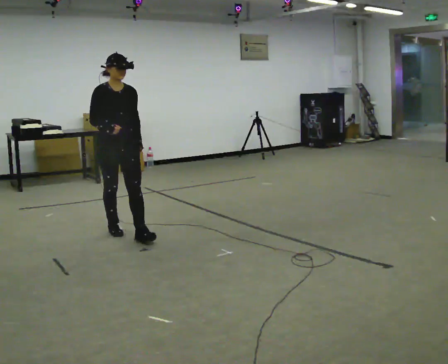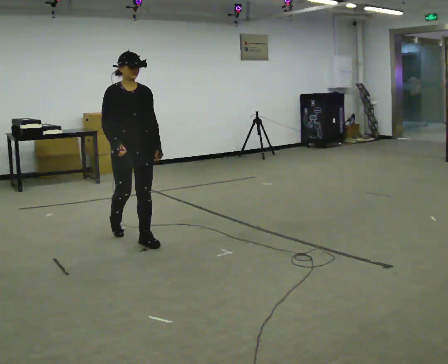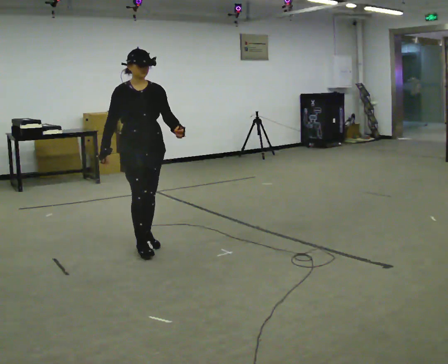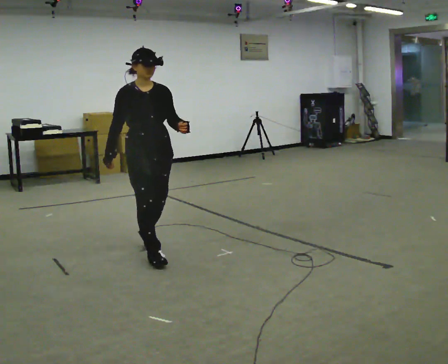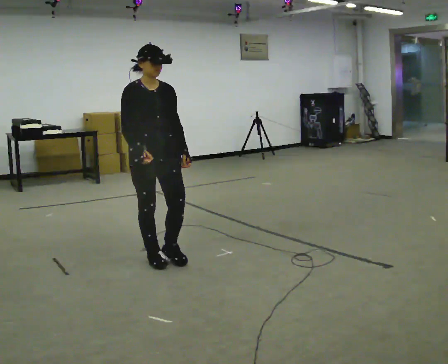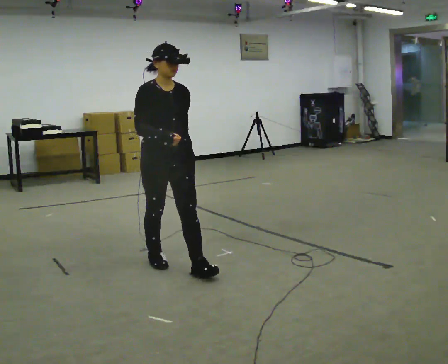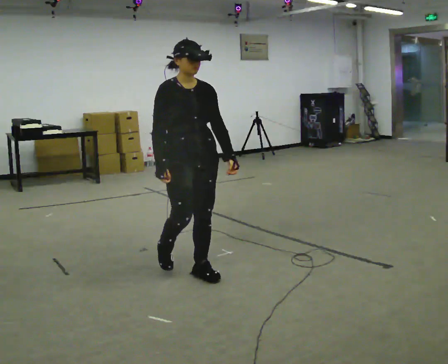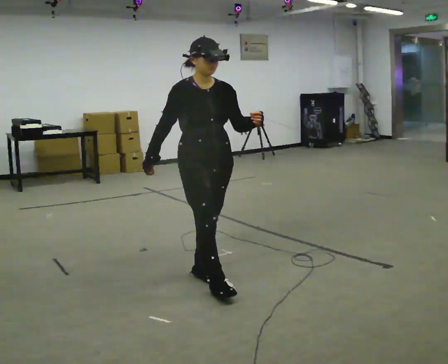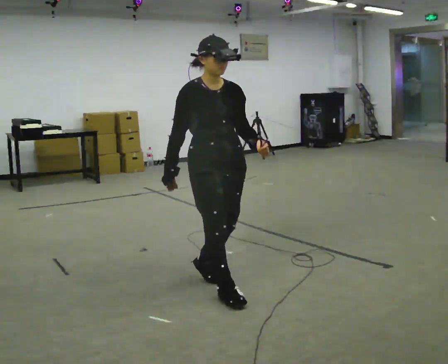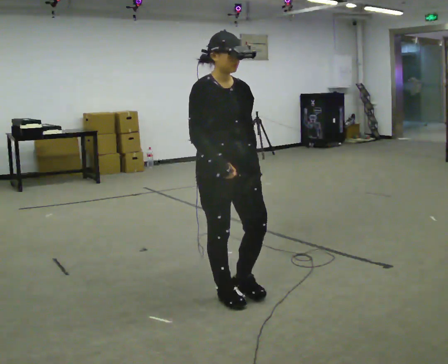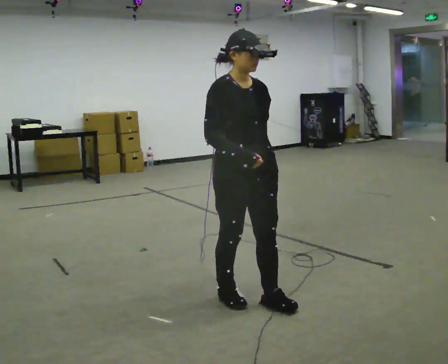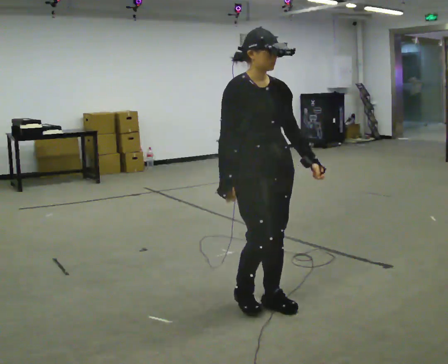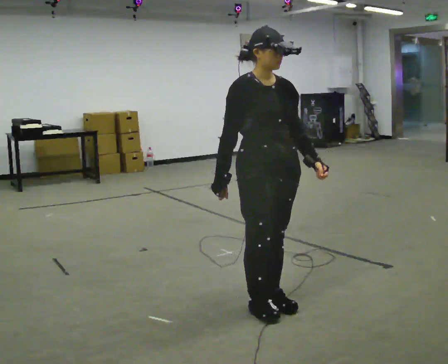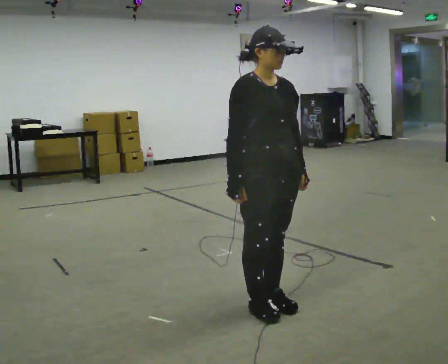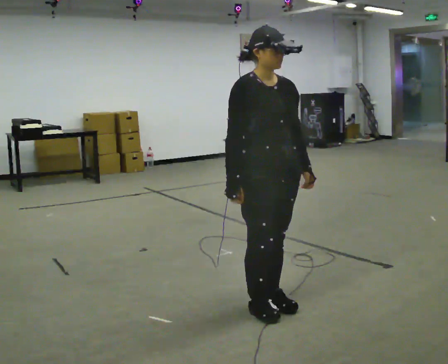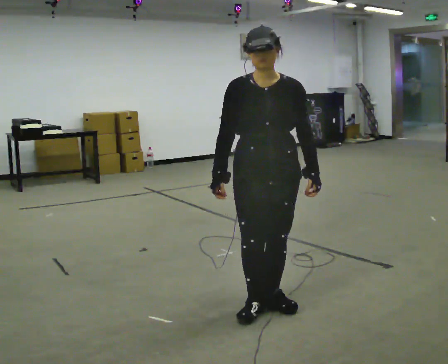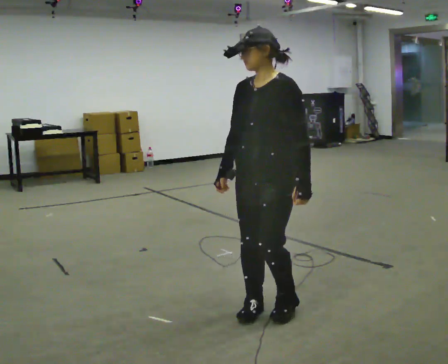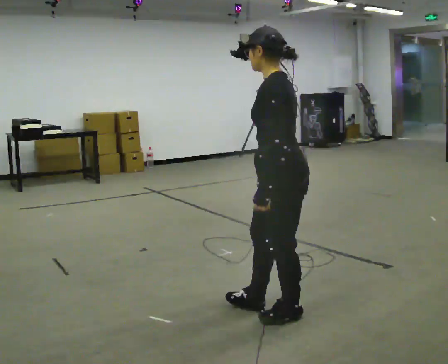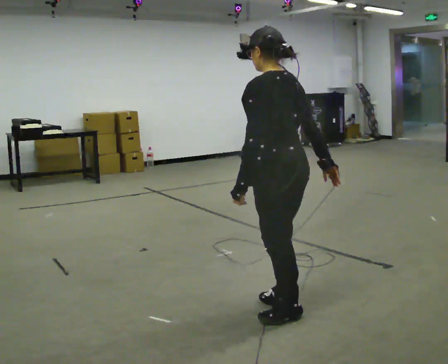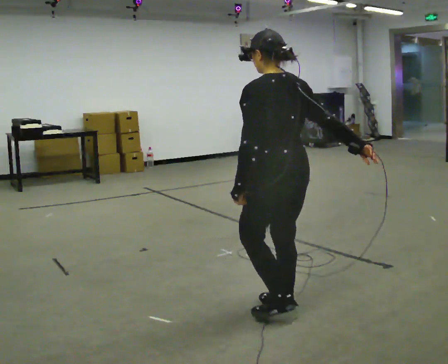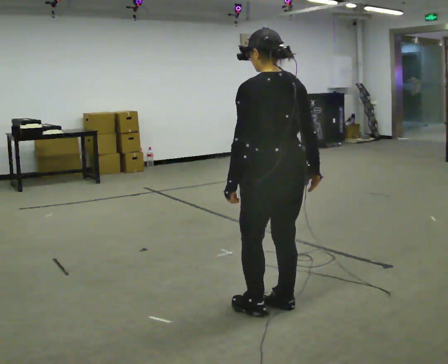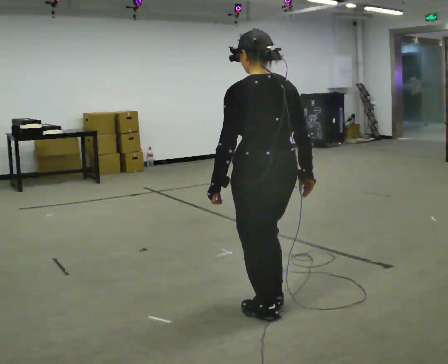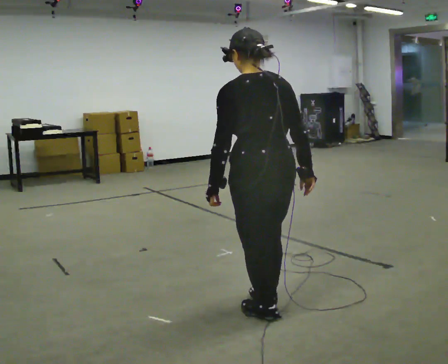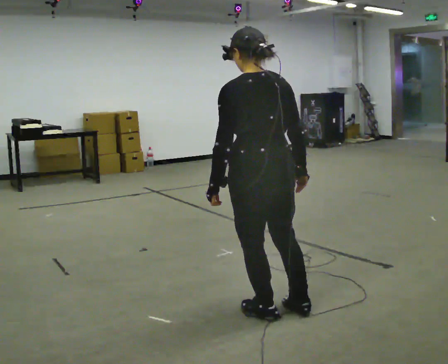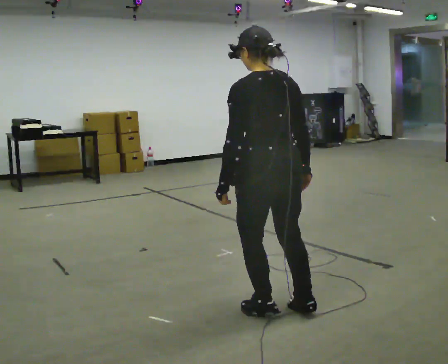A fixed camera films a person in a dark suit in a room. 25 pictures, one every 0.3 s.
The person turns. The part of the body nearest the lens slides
to the left.
The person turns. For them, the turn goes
to their right.
0.0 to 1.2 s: In the picture they go toward the camera and to the right, about 1 m in 2 steps, which for them is forward.
1.2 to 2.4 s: In the picture they go toward the camera and to the right, about 0.5 m in 2 steps, which for them is forward.
2.4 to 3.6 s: In the picture they go to the right and toward the camera, about 0.5 m in 2 steps, which for them is forward.
3.6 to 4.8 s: The part of the body nearest the lens slides to the left as the person turns to their right by about 75 degrees.
4.8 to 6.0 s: Seen from above the body turns clockwise, about 105 degrees: to their right, with its near side sliding to the left. In the picture their right hand goes to the right.
6.0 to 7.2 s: The person moves a little, or ends about where they began.
The film runs forward here.
